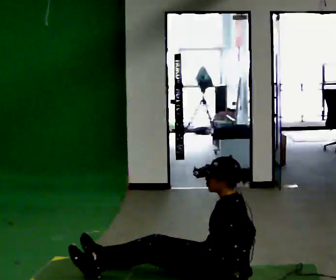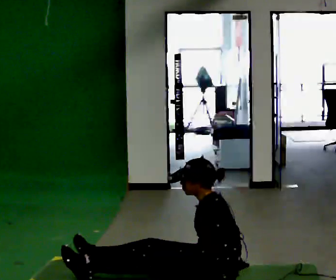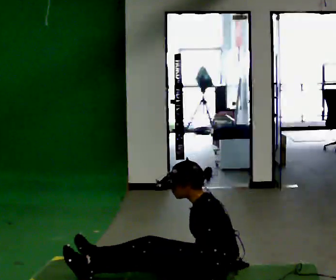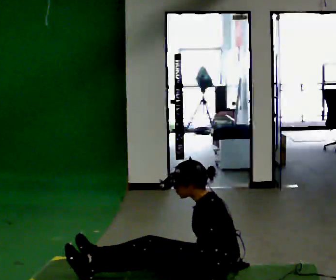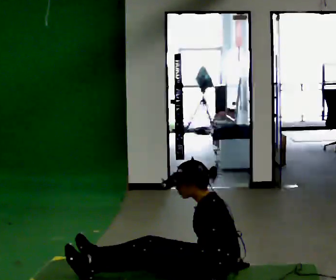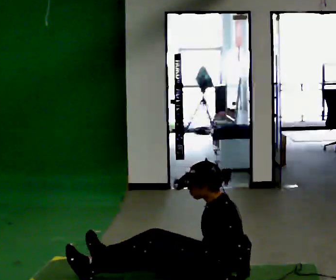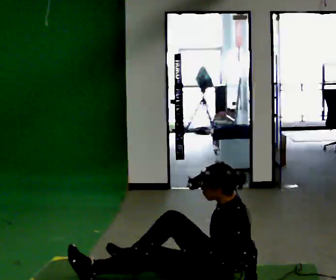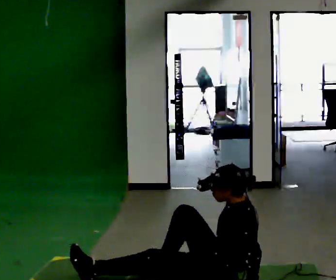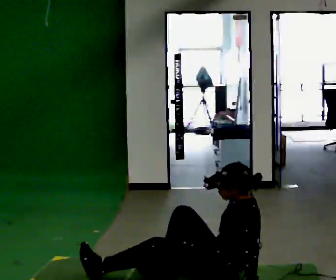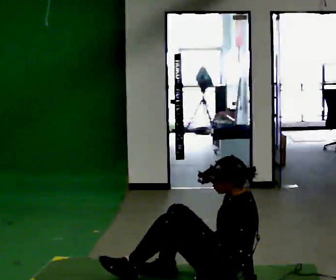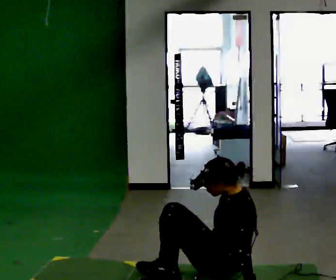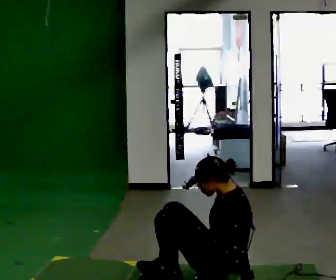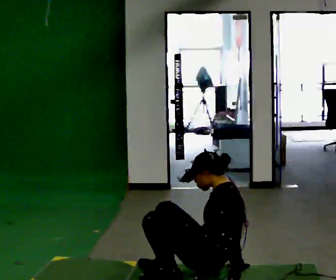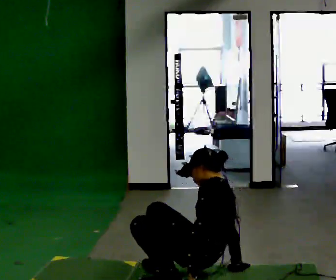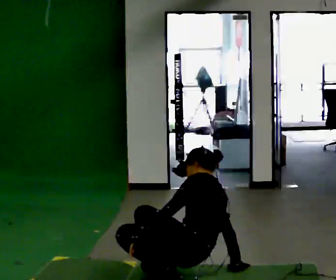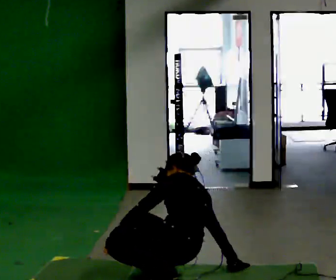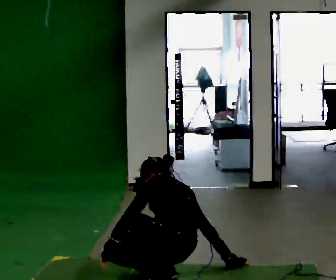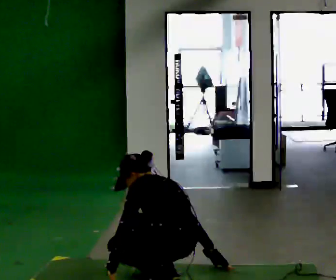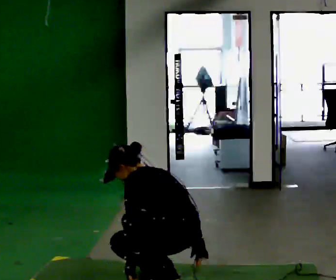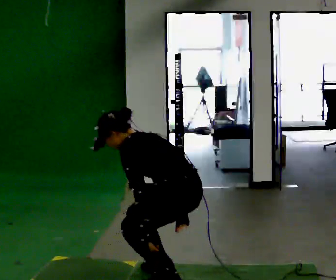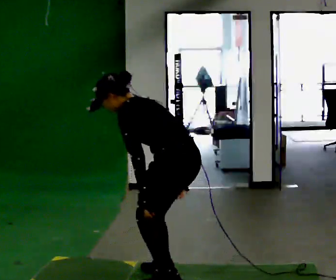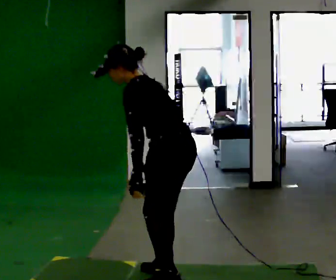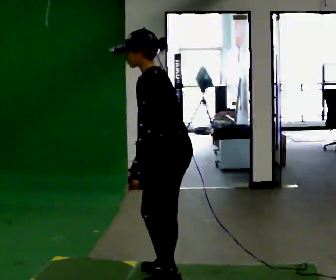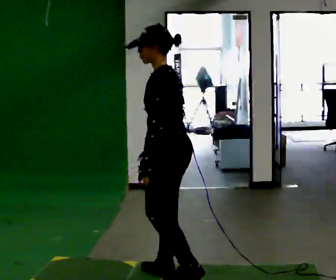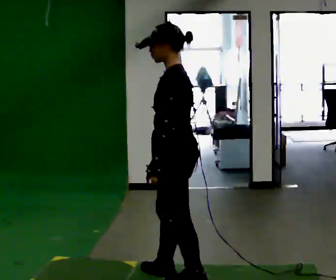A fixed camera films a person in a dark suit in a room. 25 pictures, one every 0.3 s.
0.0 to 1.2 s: The person moves a little, or ends about where they began.
1.2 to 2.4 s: In the picture the upper body tilts clockwise, shoulders to the right, as they lean back or straighten.
2.4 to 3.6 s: The person moves a little, or ends about where they began.
3.6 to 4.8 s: The part of the body nearest the lens slides to the left as the person turns to their right by about 30 degrees. In the picture they go to the left, about 0.25 m, which for them is forward and to their left. The upper body tips away from the camera, its near side rolling upward, as they bend forward.
4.8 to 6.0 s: The upper body goes upward. In the picture the upper body tilts counterclockwise, shoulders to the left. In the picture their left hand goes upward, the arm swinging counterclockwise.
6.0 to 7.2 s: The upper body goes upward. In the picture the upper body tilts clockwise, shoulders to the right, as they lean back or straighten.
The film runs forward here.
